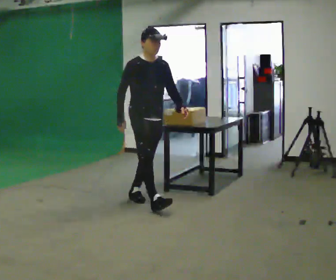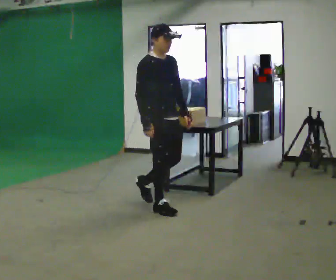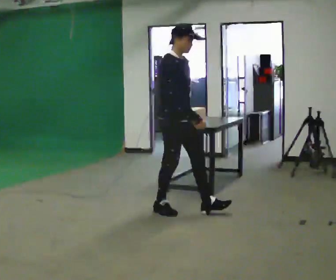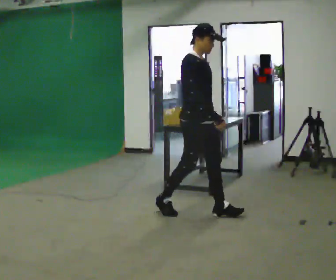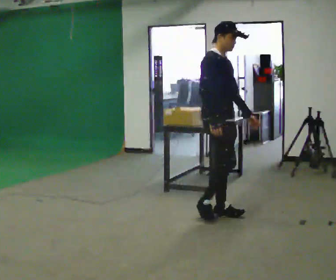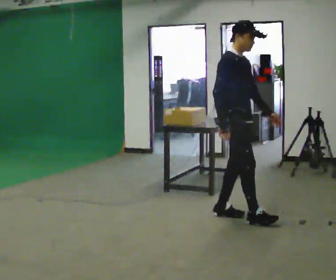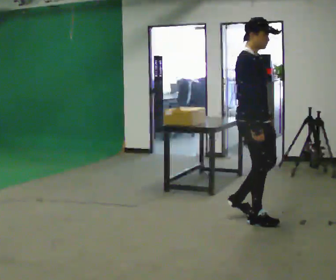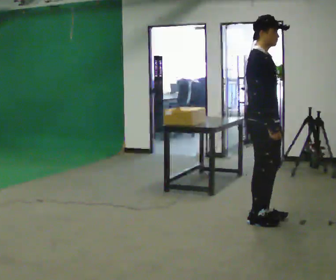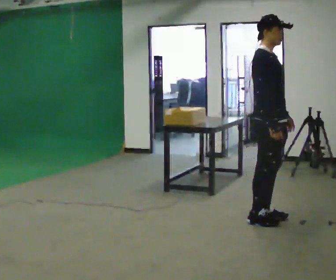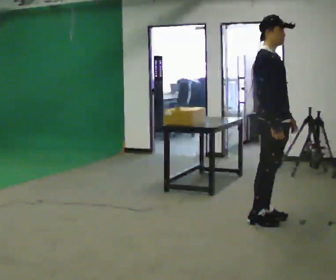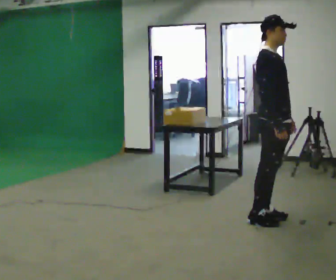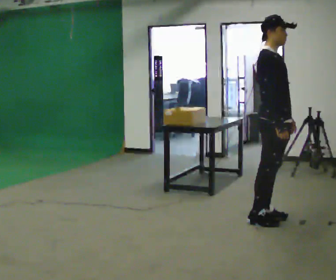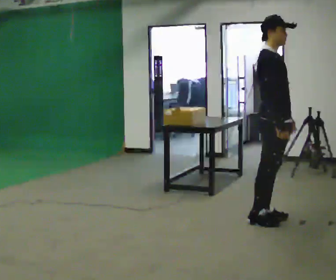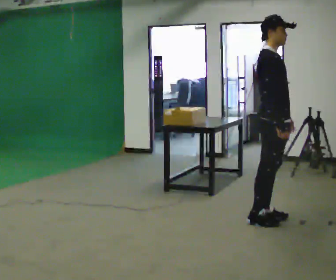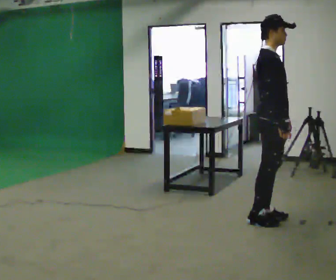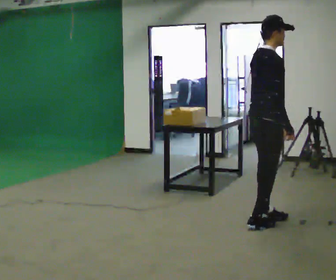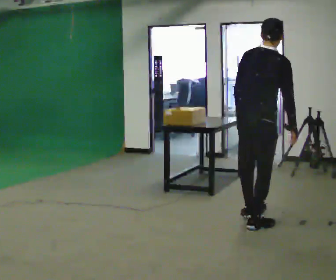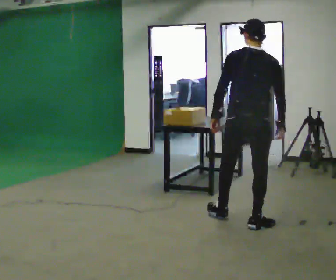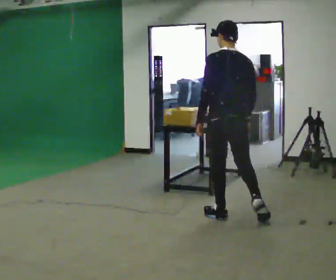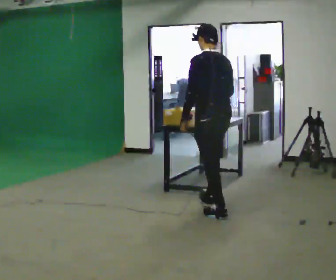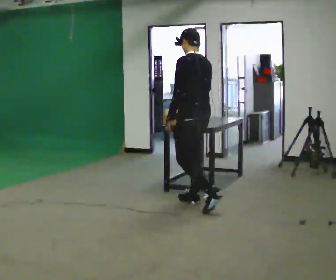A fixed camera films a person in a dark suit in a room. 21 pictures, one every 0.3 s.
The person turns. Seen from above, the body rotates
counterclockwise.
The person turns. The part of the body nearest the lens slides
to the right.
0.0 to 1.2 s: In the picture they go to the right and toward the camera, about 1 m in 2 steps, which for them is forward.
1.2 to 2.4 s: In the picture they go to the right, about 0.5 m in 2 steps, which for them is forward.
2.4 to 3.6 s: The person moves a little, or ends about where they began.
3.6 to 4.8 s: The part of the body nearest the lens slides to the right as the person turns to their left by about 75 degrees. In the picture the upper body tilts clockwise, shoulders to the right, as they bend forward. In the picture their left hand goes to the left.
4.8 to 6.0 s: The person turns about 90 degrees to their left, counterclockwise seen from above, so the part of the body nearest the lens slides to the right. In the picture they go to the left and away from the camera, about 1 m in 2 steps. In the picture the upper body tilts counterclockwise, shoulders to the left.
The film runs forward here.
